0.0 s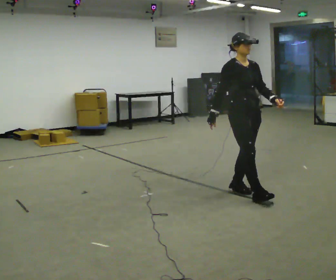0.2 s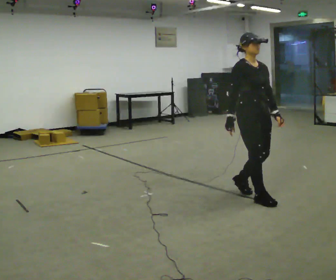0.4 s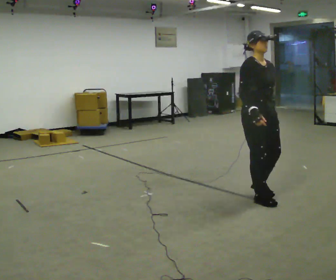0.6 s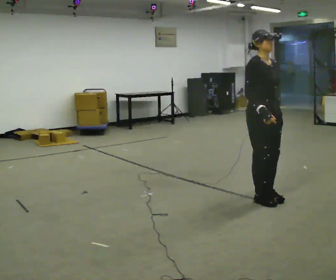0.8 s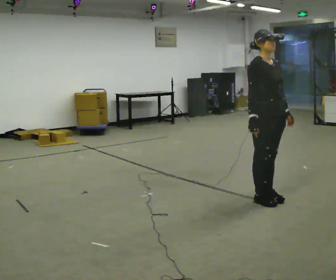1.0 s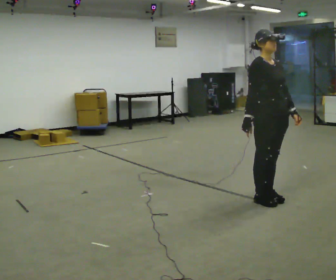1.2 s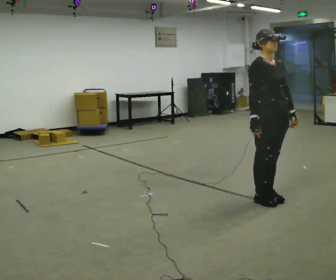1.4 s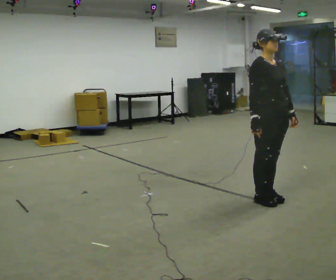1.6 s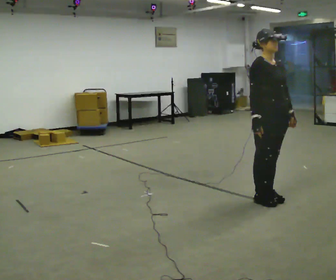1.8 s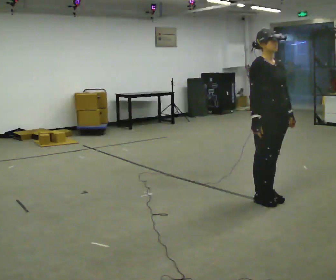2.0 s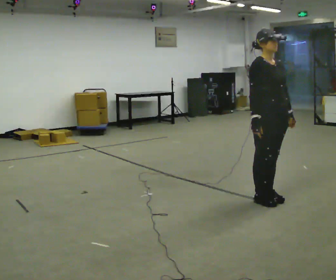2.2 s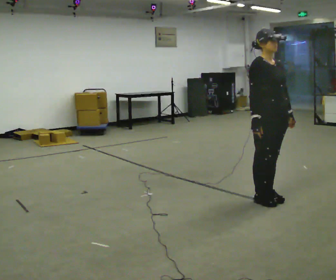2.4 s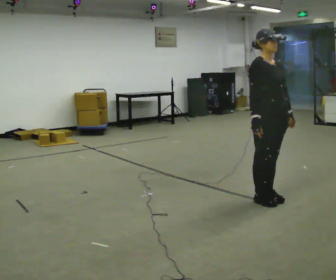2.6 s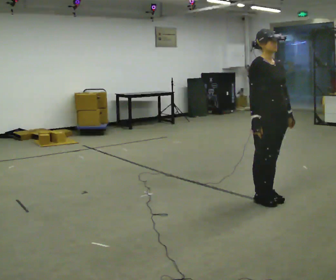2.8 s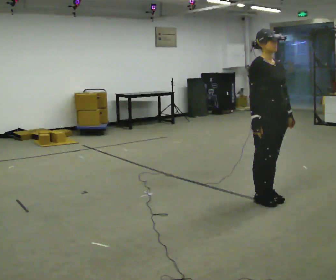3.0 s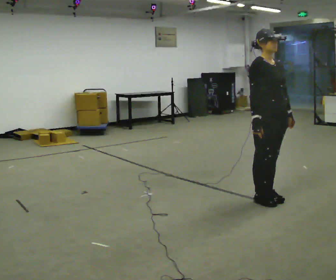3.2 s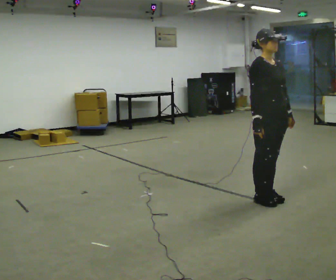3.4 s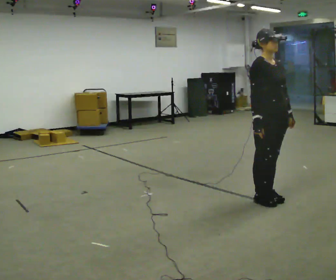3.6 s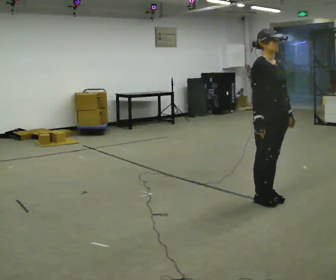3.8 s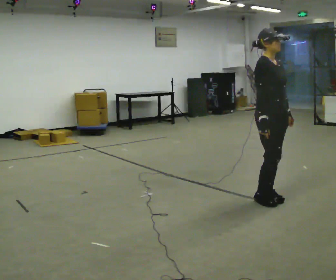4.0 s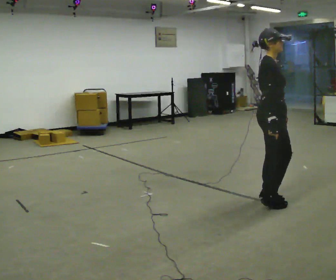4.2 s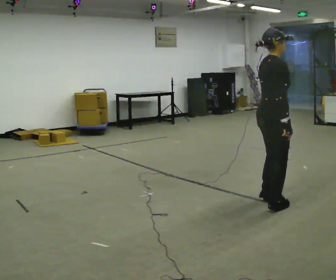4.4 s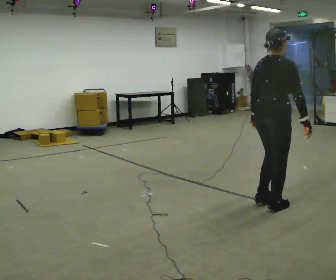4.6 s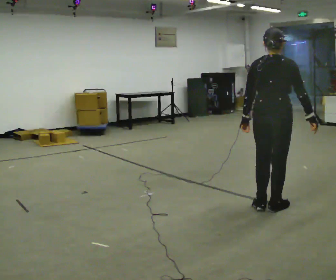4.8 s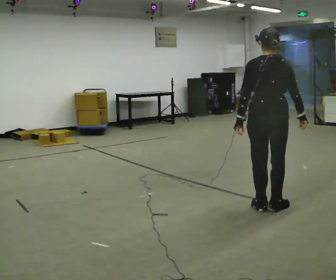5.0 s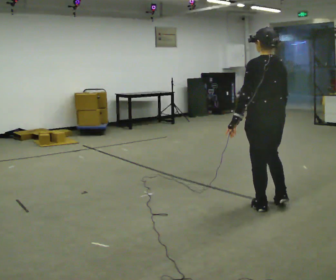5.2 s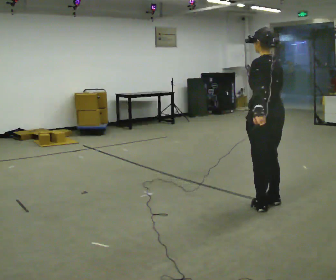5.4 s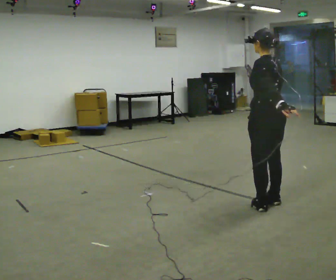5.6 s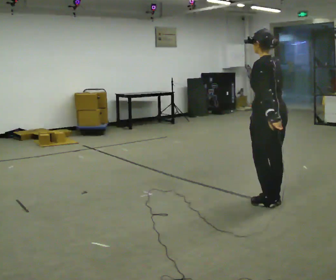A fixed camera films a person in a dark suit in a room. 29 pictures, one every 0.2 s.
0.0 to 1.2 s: In the picture they go to the right and toward the camera, about 0.25 m in 2 steps, which for them is forward.
1.2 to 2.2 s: The person moves a little, or ends about where they began.
2.2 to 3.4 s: The person keeps their place and pose.
3.4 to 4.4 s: The part of the body nearest the lens slides to the right as the person turns to their left by about 90 degrees. In the picture they go toward the camera, about 0.25 m in 1 step. In the picture their left hand goes to the left, the arm swinging clockwise.
4.4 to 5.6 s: The person turns about 90 degrees to their left, counterclockwise seen from above, so the part of the body nearest the lens slides to the right.
The film runs forward here.
